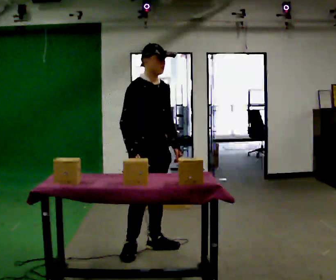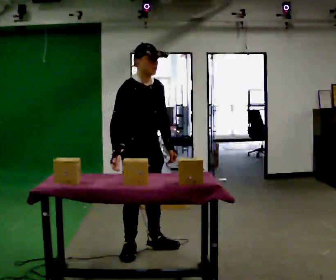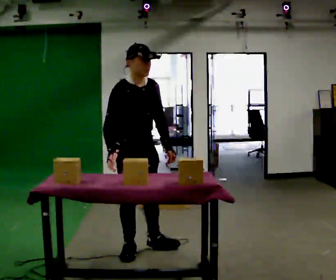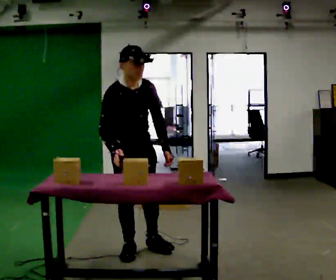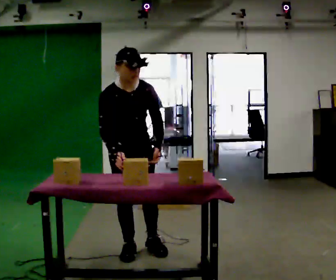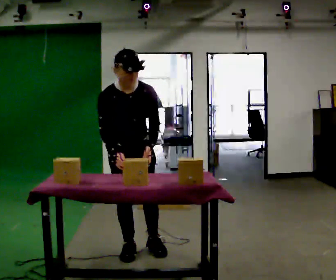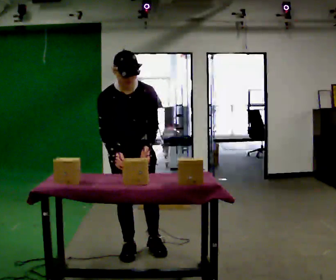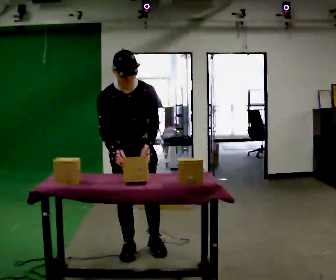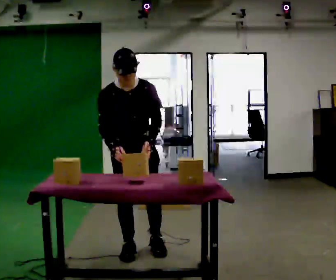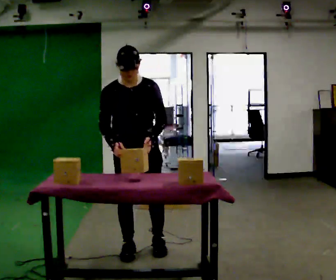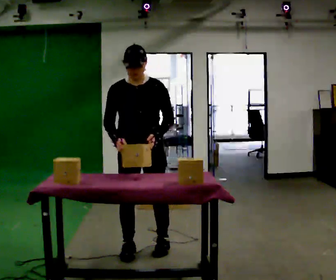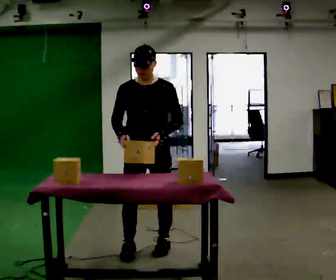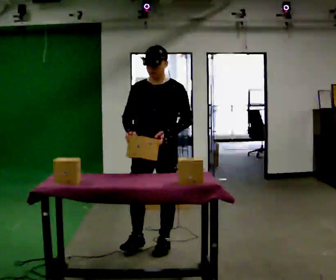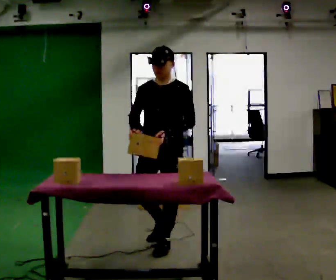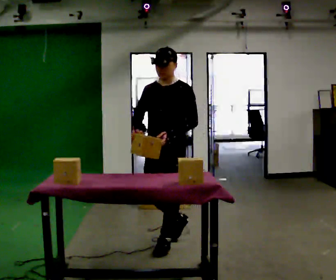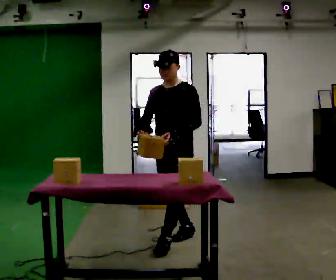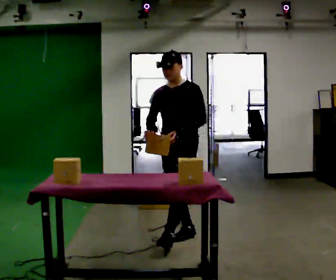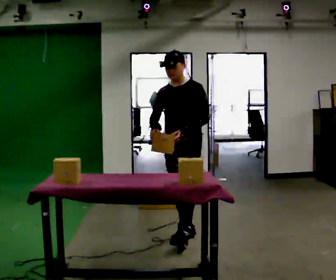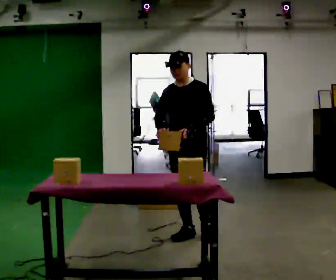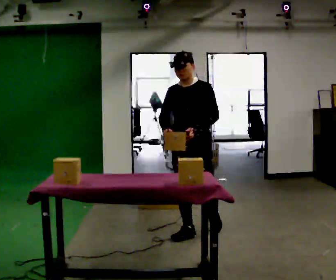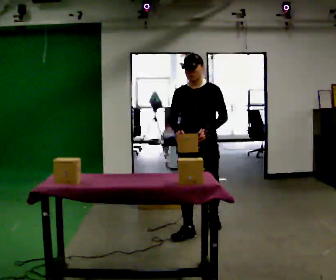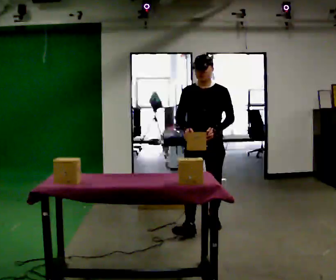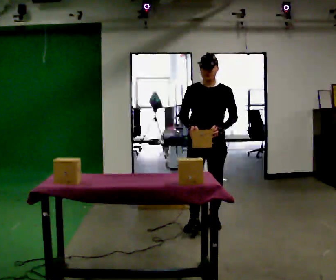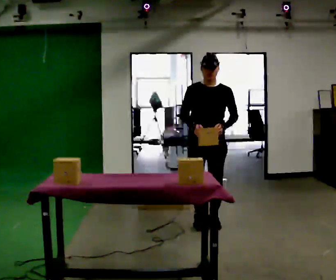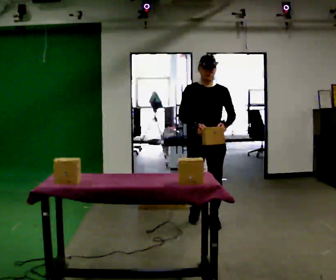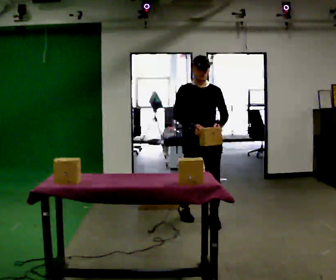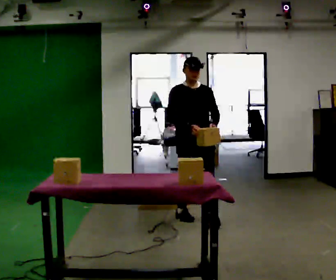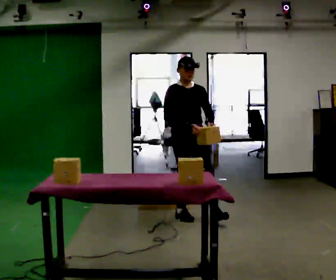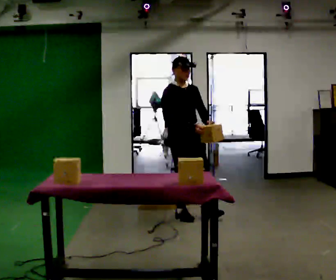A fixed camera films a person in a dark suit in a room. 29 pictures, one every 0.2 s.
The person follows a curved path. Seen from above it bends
counterclockwise.
The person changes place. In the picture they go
away from the camera.
0.0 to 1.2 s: Seen from above the body turns clockwise, about 30 degrees: to their right, with its near side sliding to the left. The upper body tips toward the camera, its near side rolling downward, as they bend forward.
1.2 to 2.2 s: The part of the body nearest the lens slides to the left as the person turns to their right by about 30 degrees. In the picture they go to the right, about 0.25 m, which for them is to their left. The upper body tips away from the camera, its near side rolling upward, as they lean back or straighten.
2.2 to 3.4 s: The person turns about 30 degrees to their right, clockwise seen from above, so the part of the body nearest the lens slides to the left. In the picture they go away from the camera and to the right, about 0.5 m in 2 steps, which for them is backward.
3.4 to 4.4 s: The person turns about 30 degrees to their left, counterclockwise seen from above, so the part of the body nearest the lens slides to the right. In the picture they go away from the camera and to the right, about 0.5 m in 1 step, which for them is backward.
4.4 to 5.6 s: The person turns about 45 degrees to their left, counterclockwise seen from above, so the part of the body nearest the lens slides to the right. In the picture they go away from the camera and to the left, about 0.5 m in 1 step, which for them is backward and to their right.
The film runs backward here.
